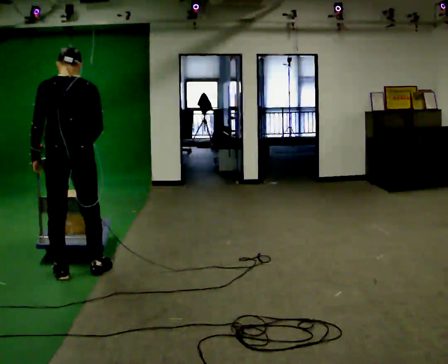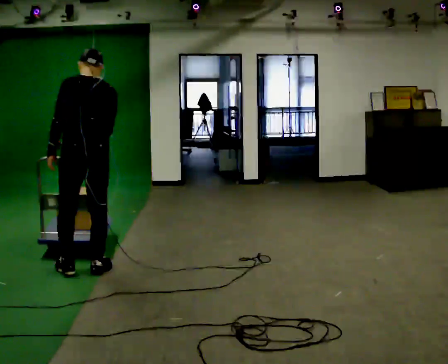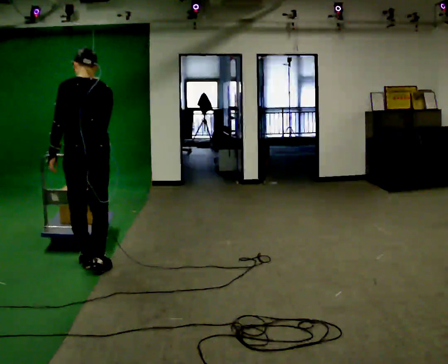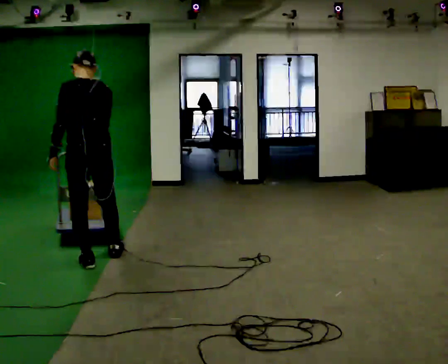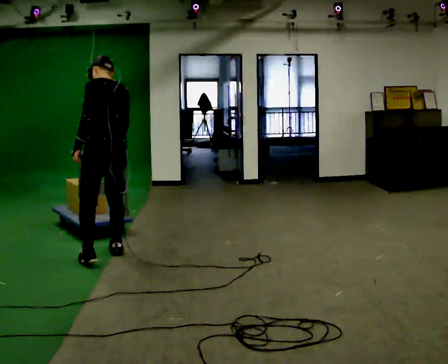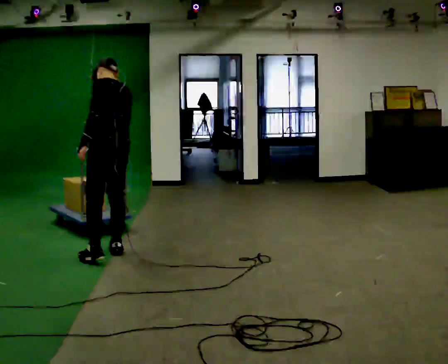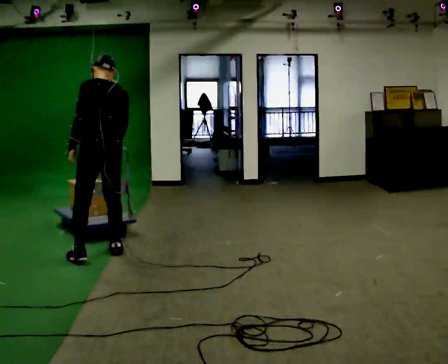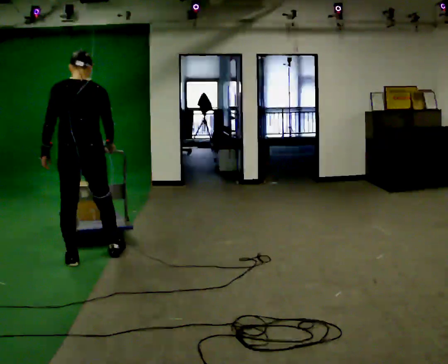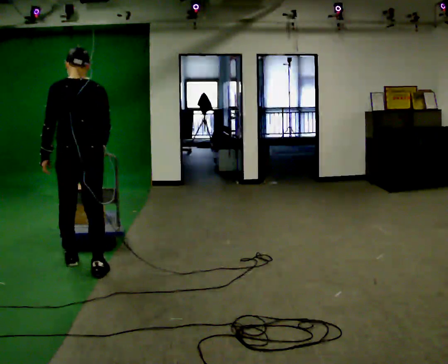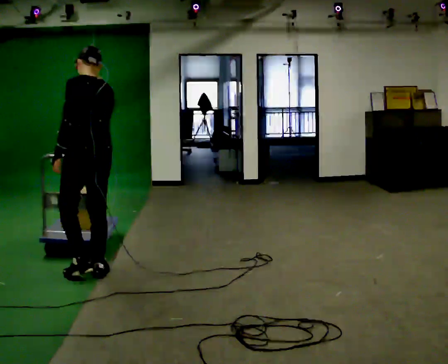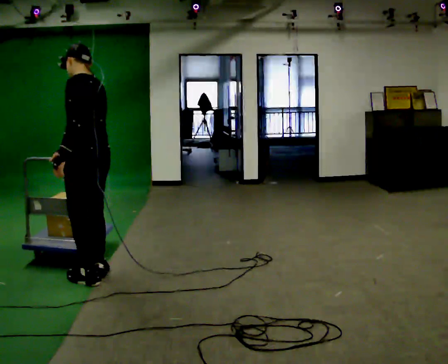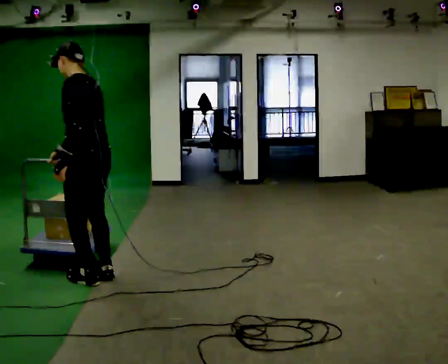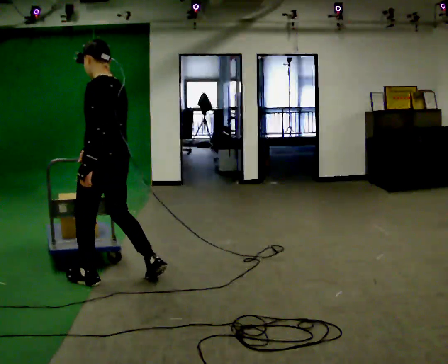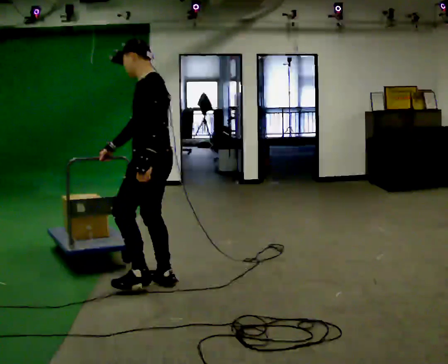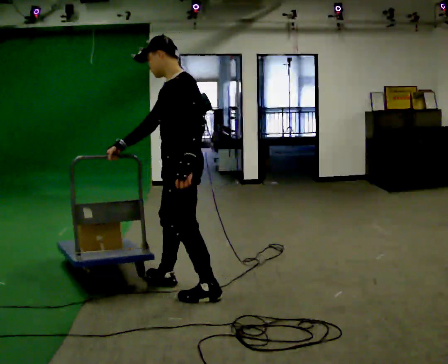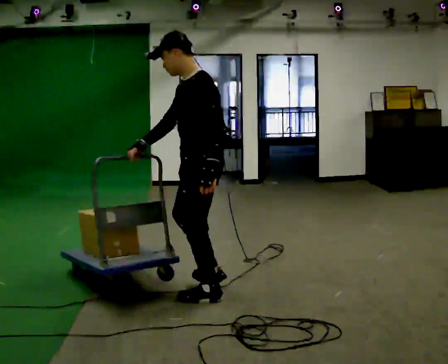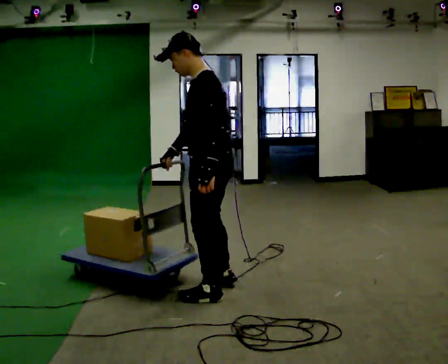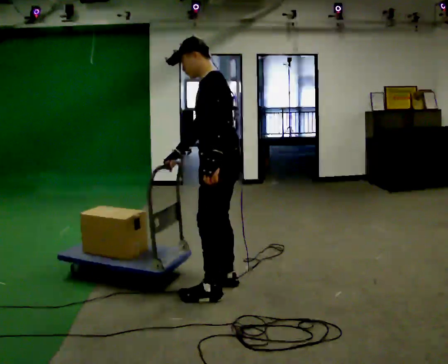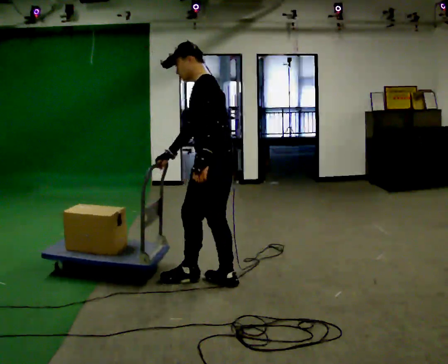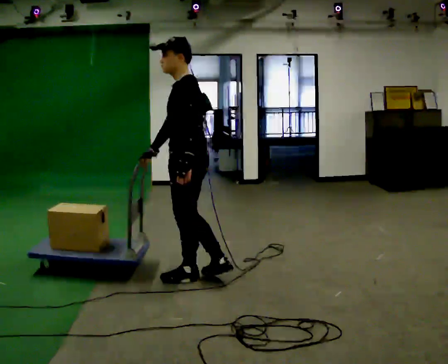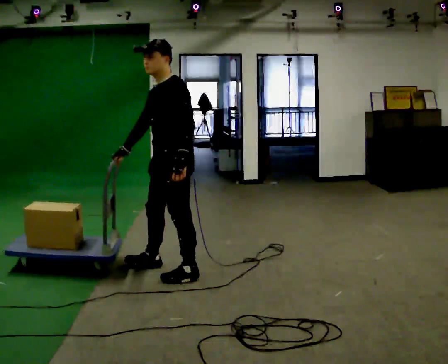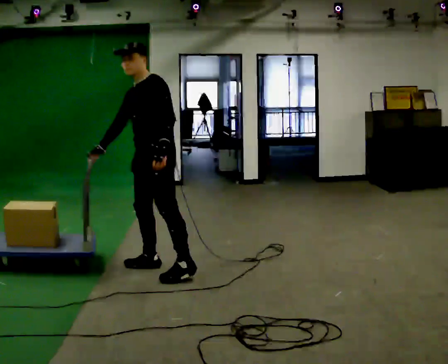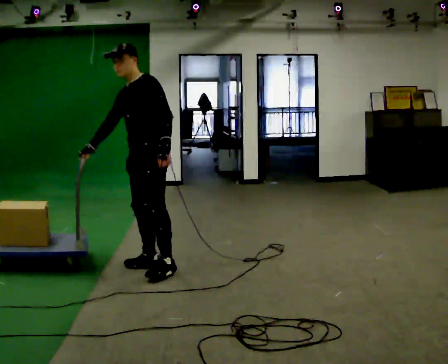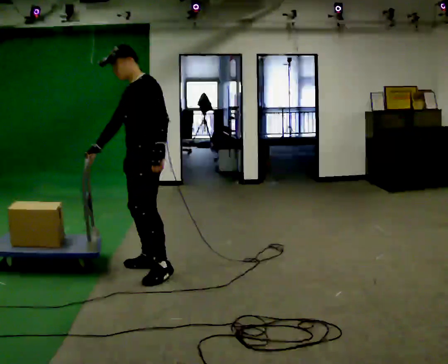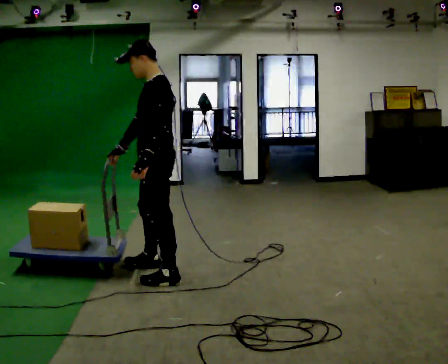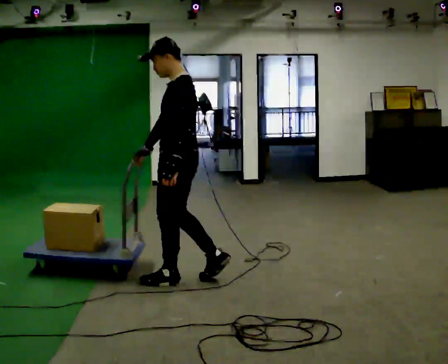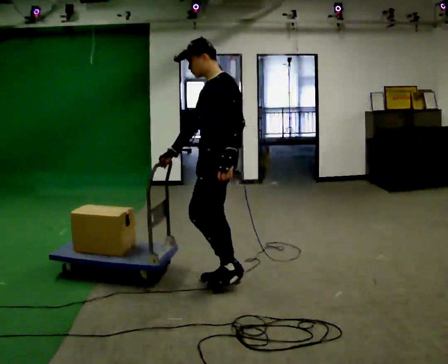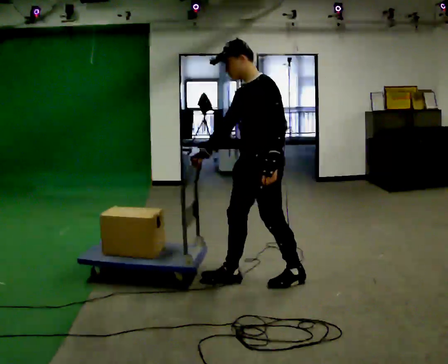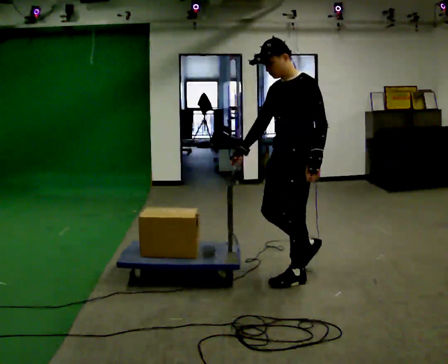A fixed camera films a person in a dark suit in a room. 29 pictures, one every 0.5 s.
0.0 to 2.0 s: The part of the body nearest the lens slides to the right as the person turns to their left by about 30 degrees. In the picture they go away from the camera, about 0.5 m in 2 steps, which for them is forward and to their right.
2.0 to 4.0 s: The person turns about 30 degrees to their right, clockwise seen from above, so the part of the body nearest the lens slides to the left. In the picture they go toward the camera and to the left, about 0.25 m in 2 steps, which for them is to their left and backward.
4.0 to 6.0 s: Seen from above the body turns counterclockwise, about 45 degrees: to their left, with its near side sliding to the right. In the picture they go toward the camera and to the right, about 0.5 m in 2 steps, which for them is backward.
6.0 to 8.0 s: In the picture they go to the right, about 1 m in 2 steps, which for them is backward.
8.0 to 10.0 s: The person turns about 30 degrees to their left, counterclockwise seen from above, so the part of the body nearest the lens slides to the right. In the picture they go away from the camera and to the left, about 0.5 m in 2 steps, which for them is forward and to their right.
10.0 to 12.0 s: The person moves a little, or ends about where they began.
12.0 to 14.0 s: In the picture they go to the right, about 1 m in 3 steps, which for them is backward.
The film runs backward here.
